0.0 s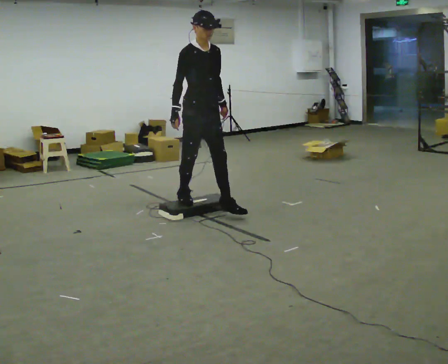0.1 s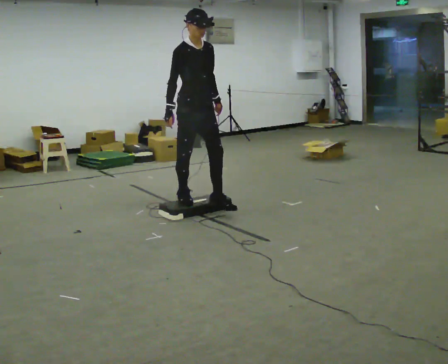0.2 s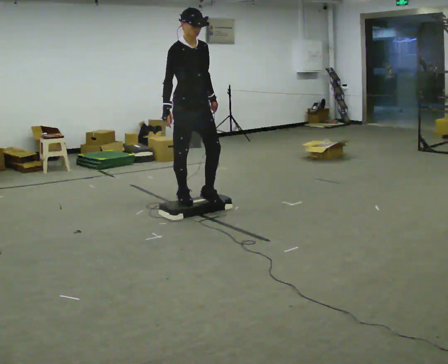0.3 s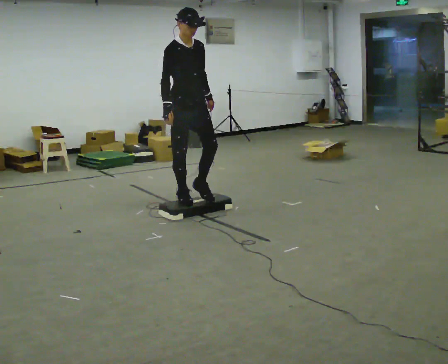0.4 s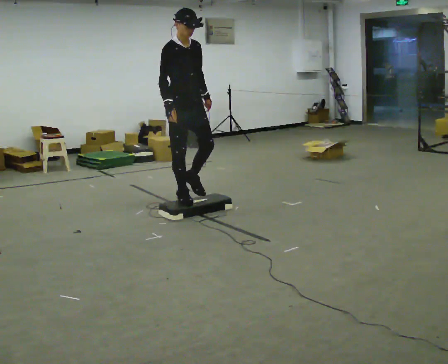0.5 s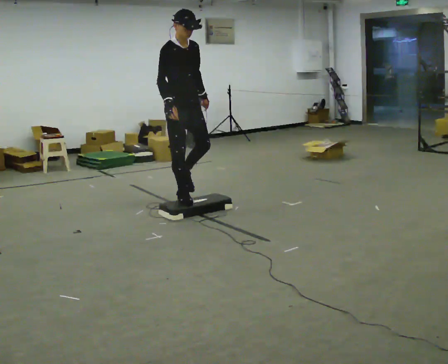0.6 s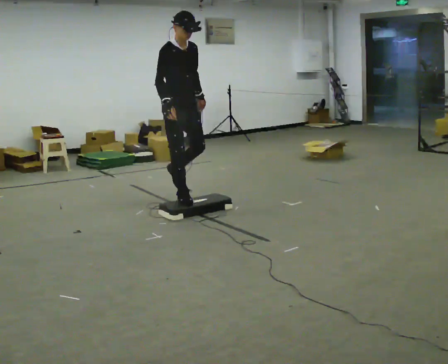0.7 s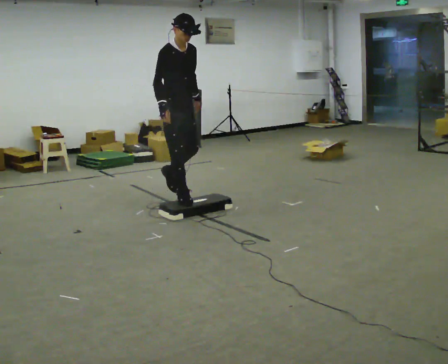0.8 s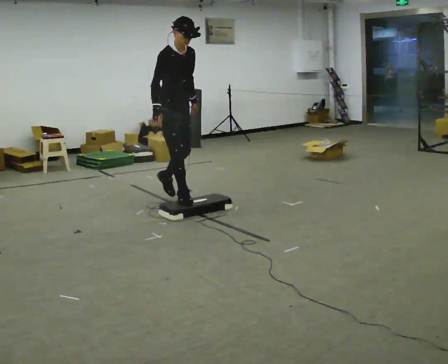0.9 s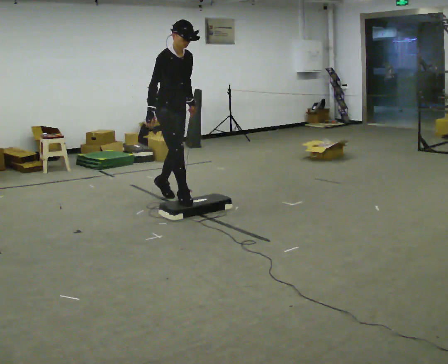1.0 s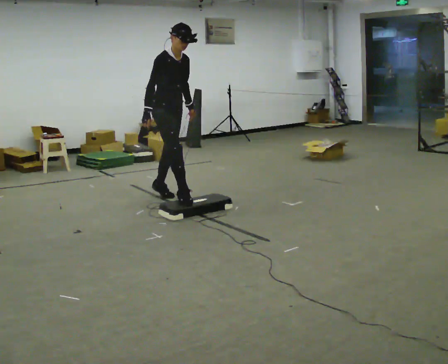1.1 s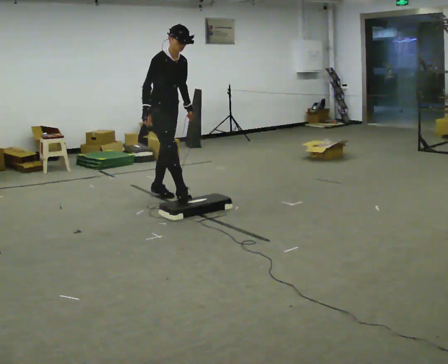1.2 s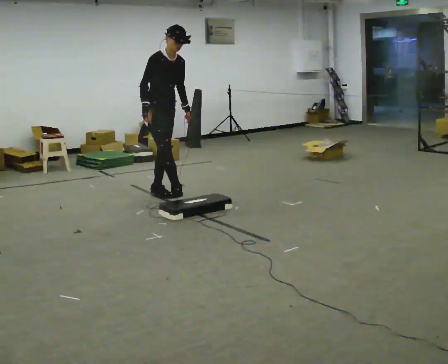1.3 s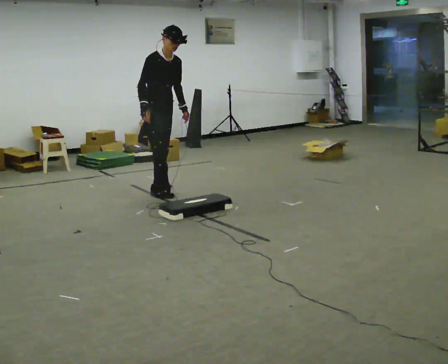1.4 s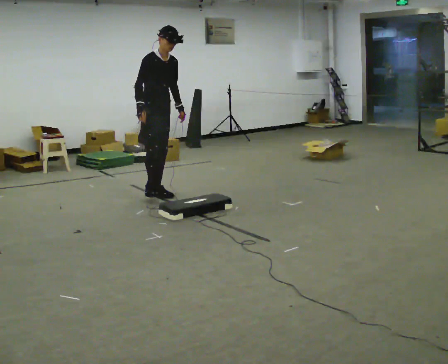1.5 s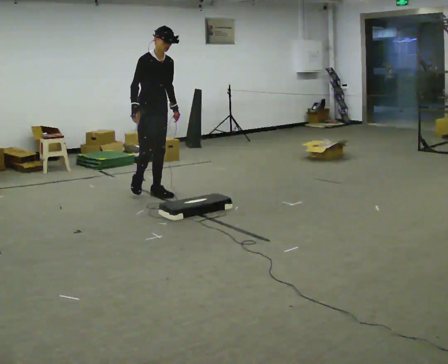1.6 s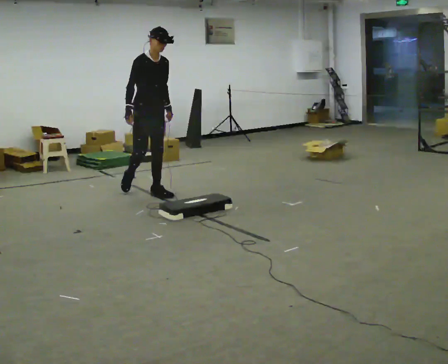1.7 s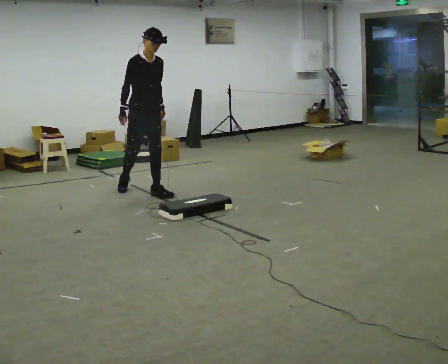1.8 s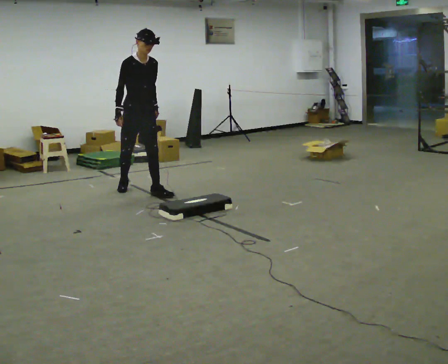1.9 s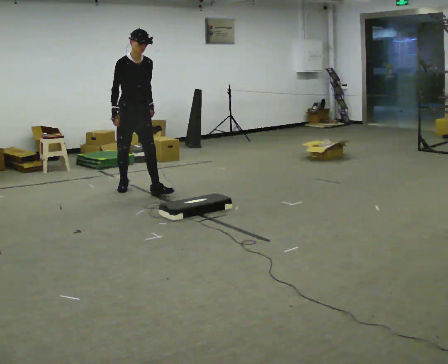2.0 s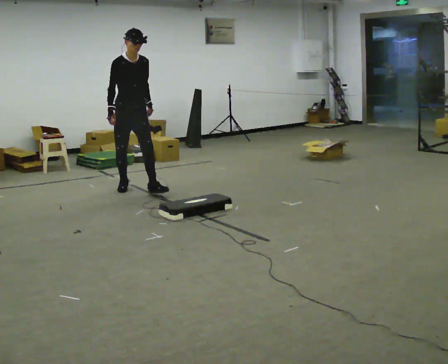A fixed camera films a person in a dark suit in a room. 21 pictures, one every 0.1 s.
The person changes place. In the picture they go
away from the camera.
0.0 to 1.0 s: In the picture they go away from the camera and to the left, about 0.5 m, which for them is backward.
1.0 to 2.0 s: In the picture they go away from the camera and to the left, about 0.75 m in 2 steps, which for them is backward.
The film runs backward here.
